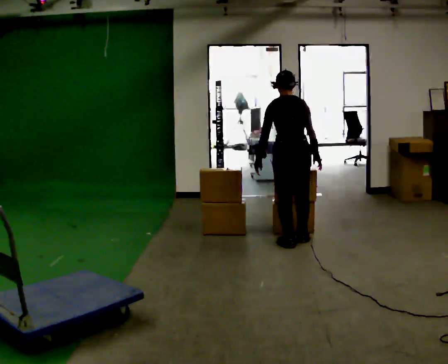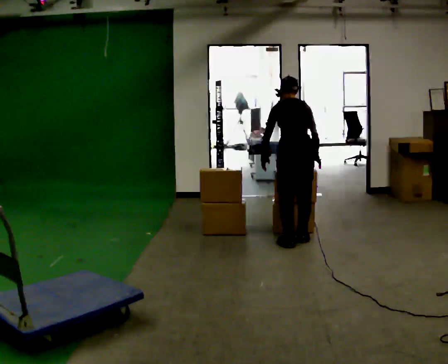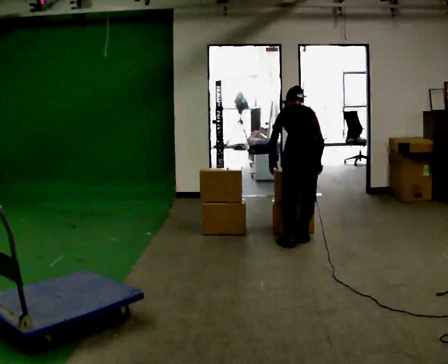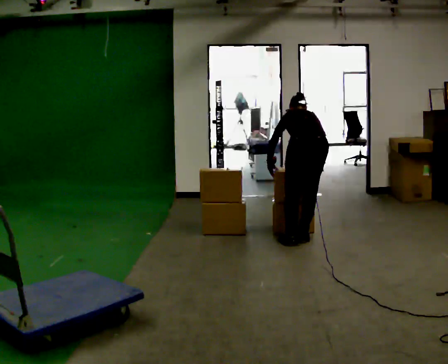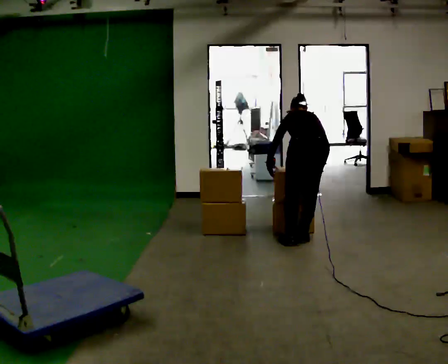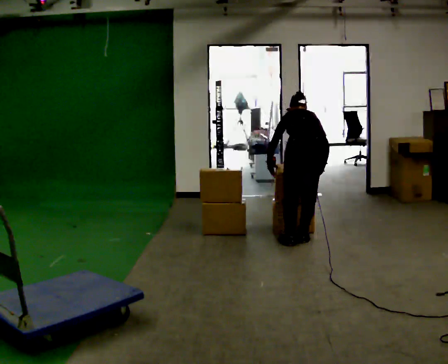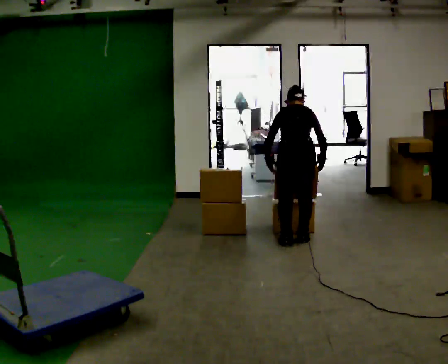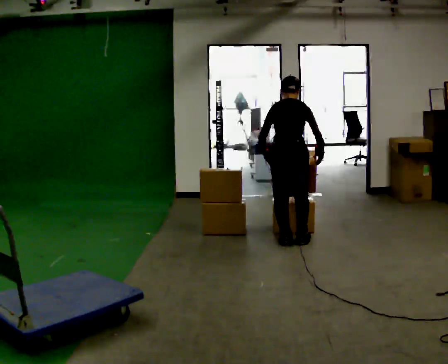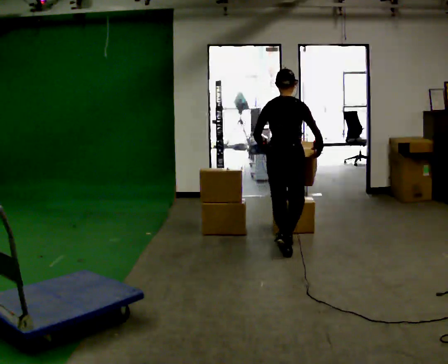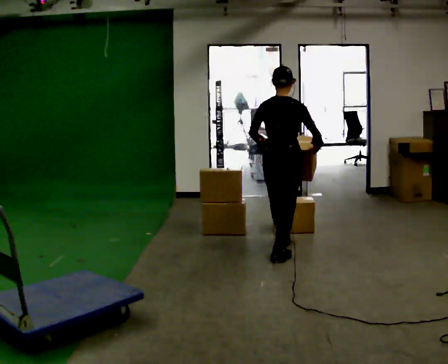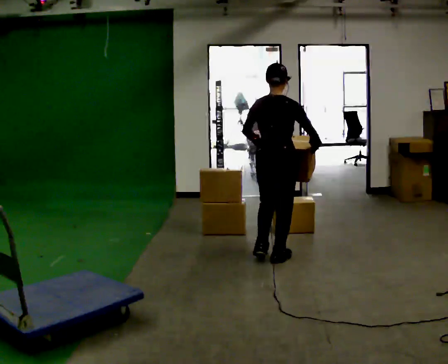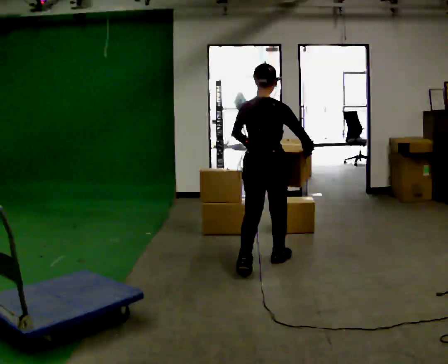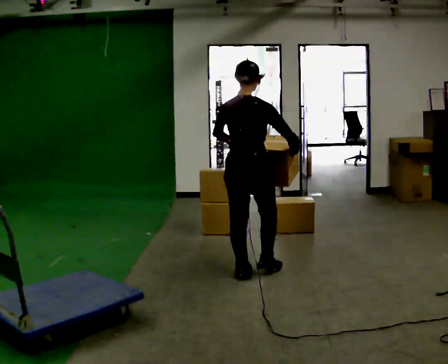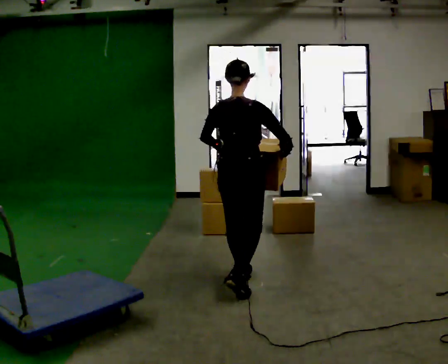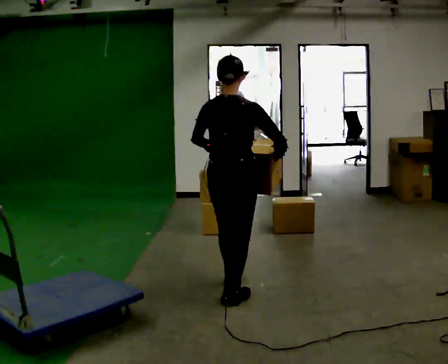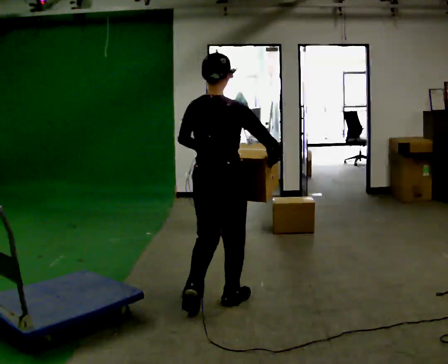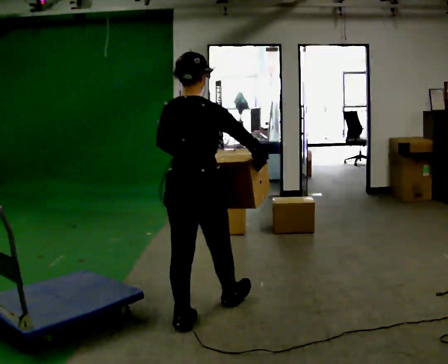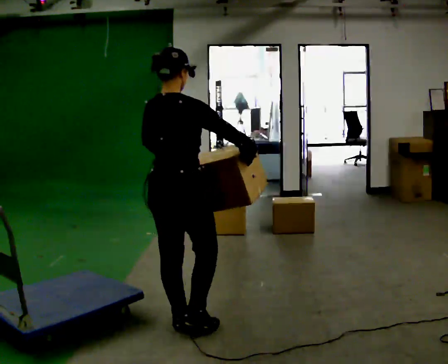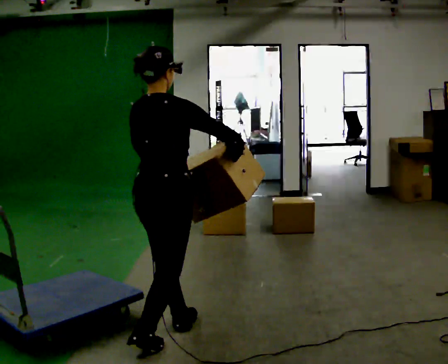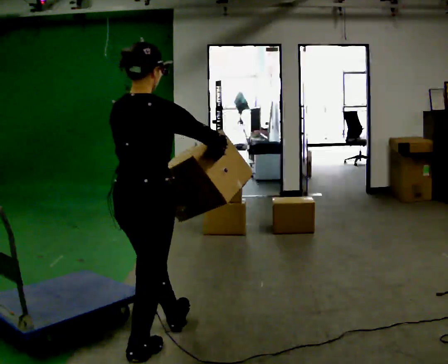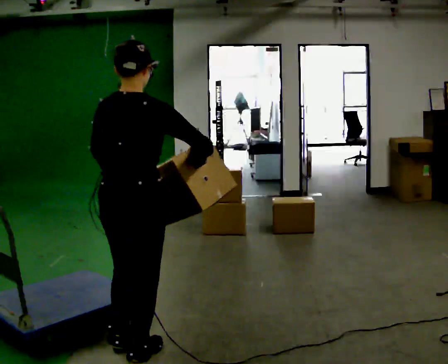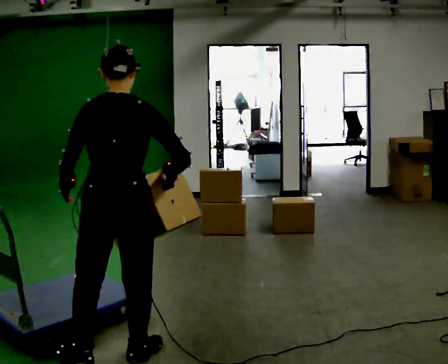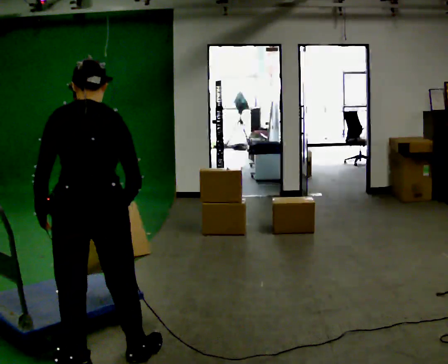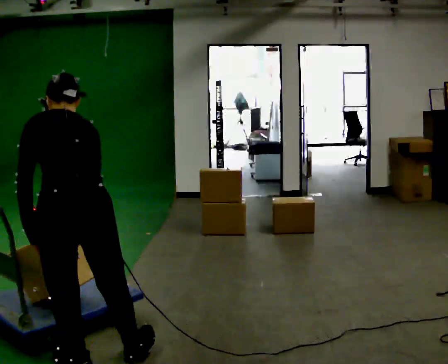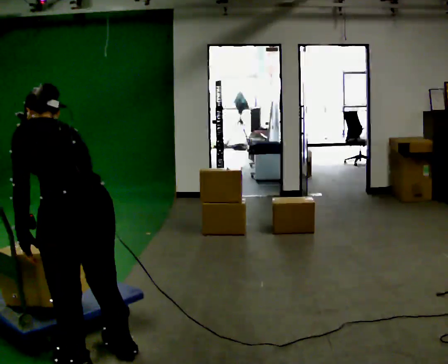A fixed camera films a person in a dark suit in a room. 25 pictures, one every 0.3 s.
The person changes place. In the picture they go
toward the camera.
0.0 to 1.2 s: The upper body tips away from the camera, its near side rolling upward, as they bend forward.
1.2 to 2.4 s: The part of the body nearest the lens slides to the left as the person turns to their right by about 30 degrees. In the picture they go to the left and toward the camera, about 0.25 m in 1 step, which for them is to their left and backward. The upper body tips toward the camera, its near side rolling downward, as they lean back or straighten.
2.4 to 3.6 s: In the picture they go toward the camera and to the left, about 0.5 m in 2 steps, which for them is backward.
3.6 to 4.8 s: In the picture they go toward the camera, about 1 m in 1 step, which for them is backward.
4.8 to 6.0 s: In the picture they go toward the camera and to the left, about 0.5 m in 2 steps, which for them is backward.
6.0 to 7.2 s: Seen from above the body turns counterclockwise, about 75 degrees: to their left, with its near side sliding to the right. In the picture they go toward the camera and to the left, about 0.25 m. In the picture the upper body tilts counterclockwise, shoulders to the left, as they bend forward.
The film runs backward here.
